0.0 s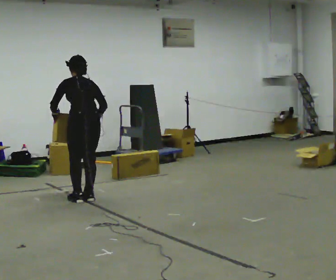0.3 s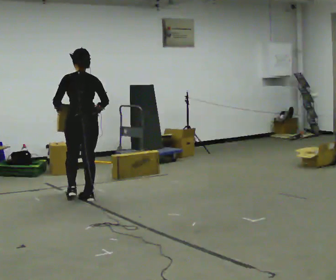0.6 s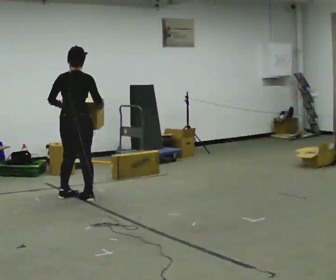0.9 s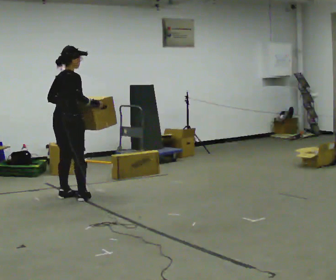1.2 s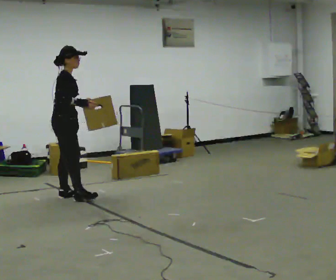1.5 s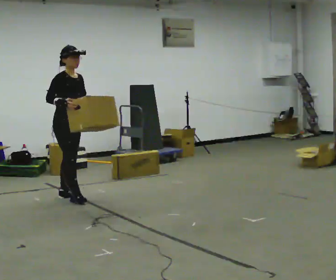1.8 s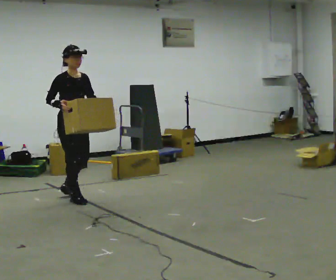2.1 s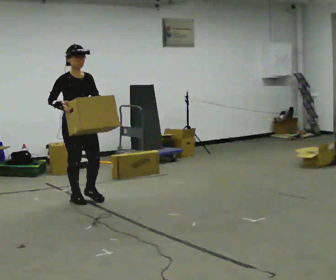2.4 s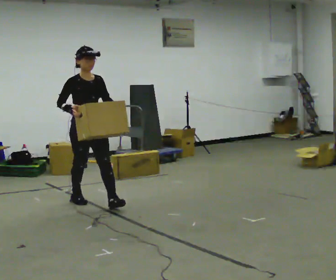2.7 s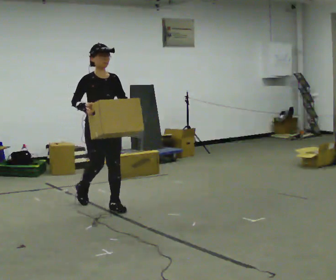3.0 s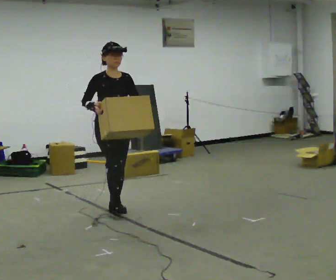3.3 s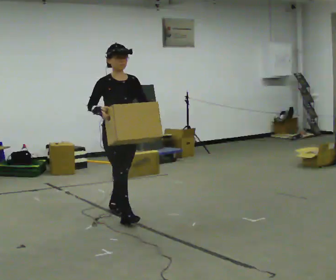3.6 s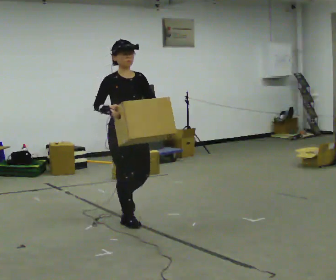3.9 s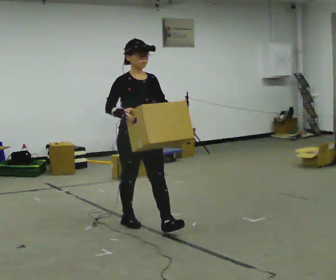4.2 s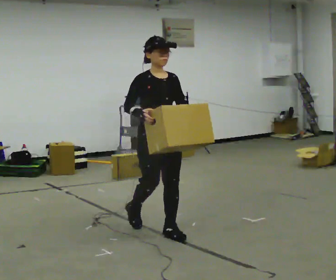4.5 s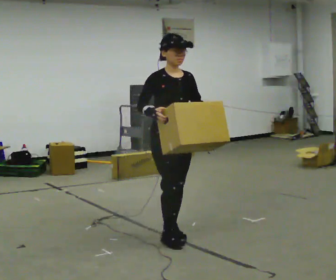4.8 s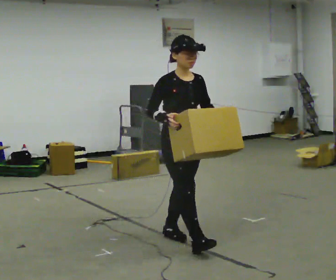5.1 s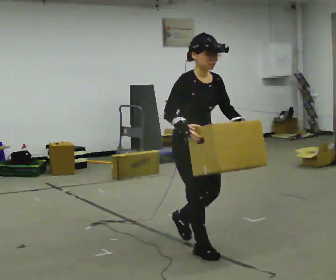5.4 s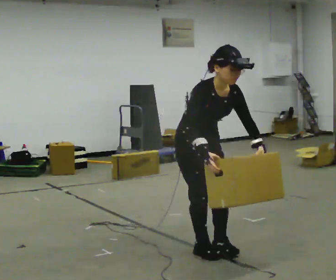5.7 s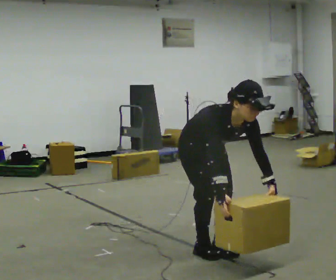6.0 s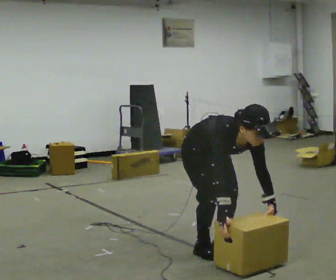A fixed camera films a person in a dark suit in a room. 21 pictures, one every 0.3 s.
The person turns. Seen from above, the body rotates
clockwise.
The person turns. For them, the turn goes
to their right.
0.0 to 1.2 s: Seen from above the body turns clockwise, about 120 degrees: to their right, with its near side sliding to the left. In the picture they go to the left and away from the camera, about 0.25 m in 1 step. The upper body tips toward the camera, its near side rolling downward, as they lean back or straighten.
1.2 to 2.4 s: The part of the body nearest the lens slides to the left as the person turns to their right by about 60 degrees. In the picture they go to the right and toward the camera, about 0.5 m in 1 step, which for them is forward.
2.4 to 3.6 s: In the picture they go toward the camera and to the right, about 1 m in 1 step, which for them is forward.
3.6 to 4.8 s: In the picture they go toward the camera and to the right, about 1 m in 2 steps, which for them is forward.
4.8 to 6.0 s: In the picture they go toward the camera and to the right, about 0.25 m in 1 step, which for them is forward. The shoulders move downward. The upper body tips toward the camera, its near side rolling downward, as they bend forward. In the picture their right hand goes downward and to the right.
The film runs forward here.
